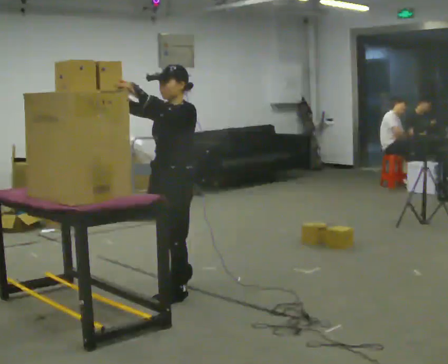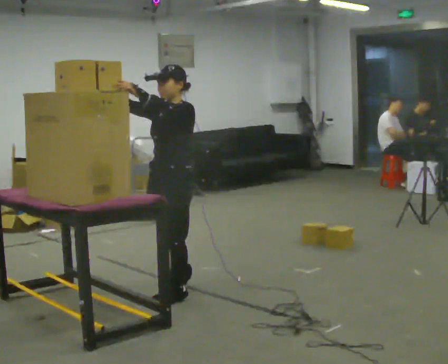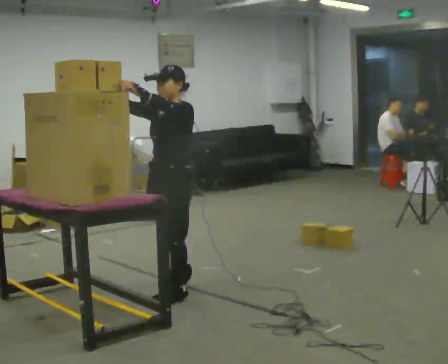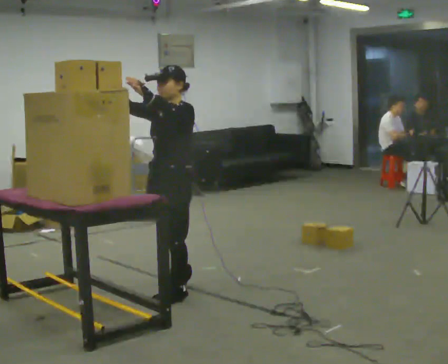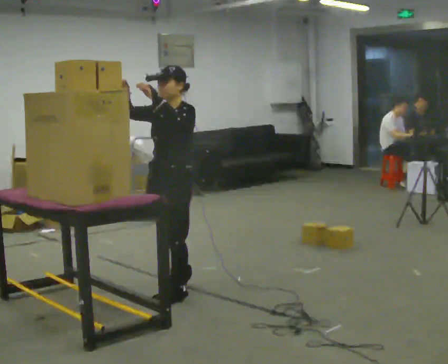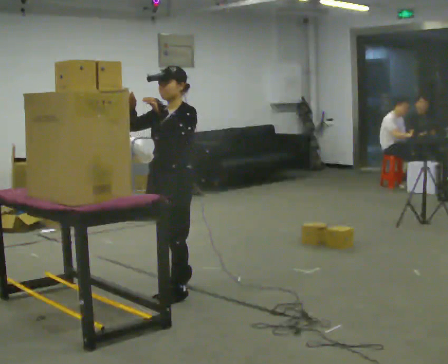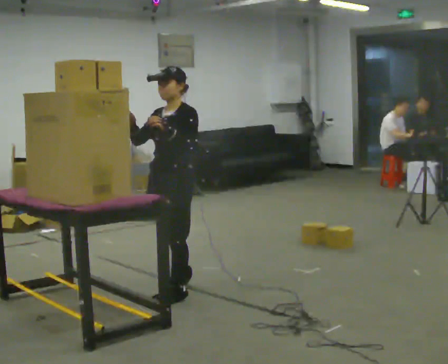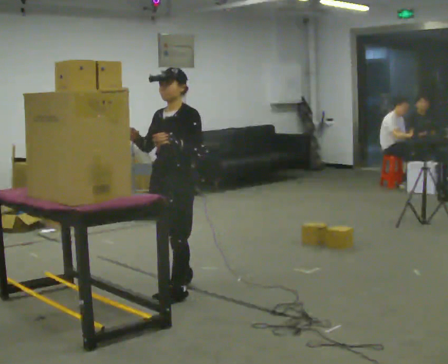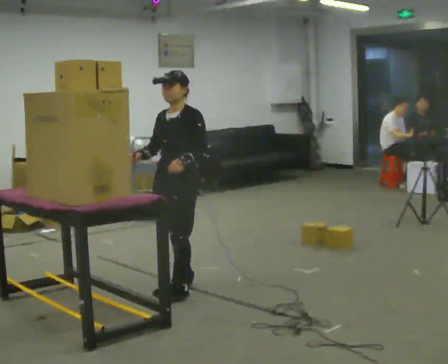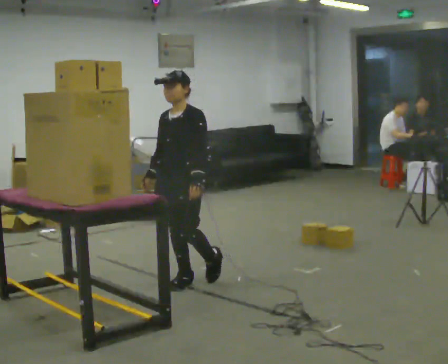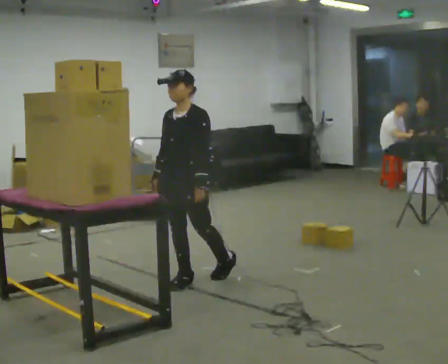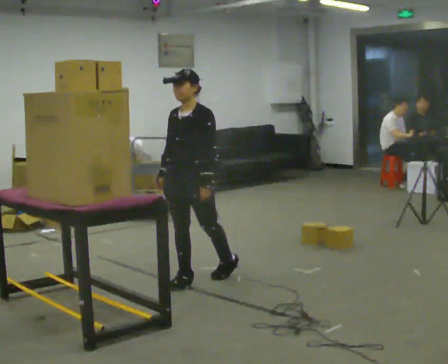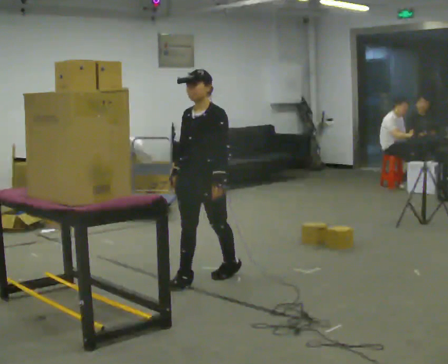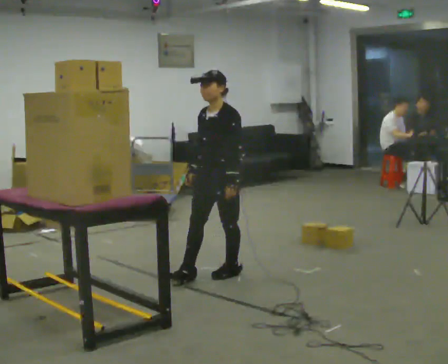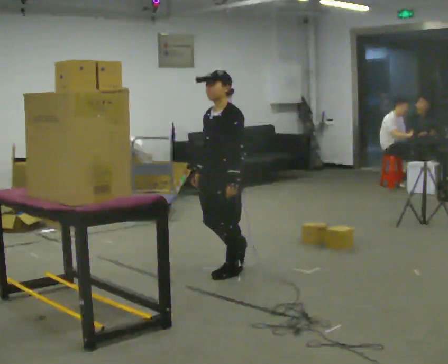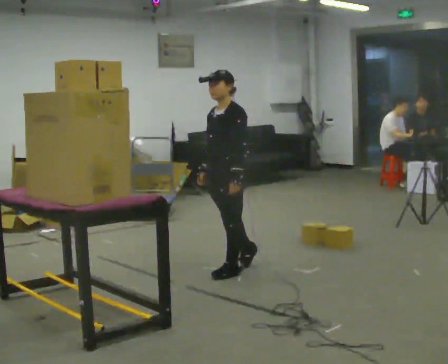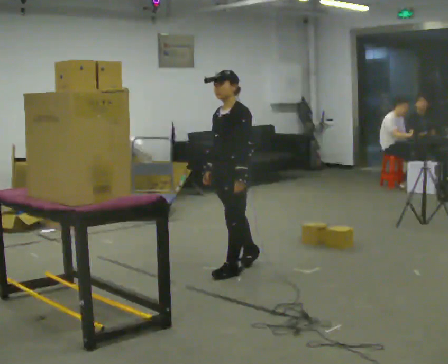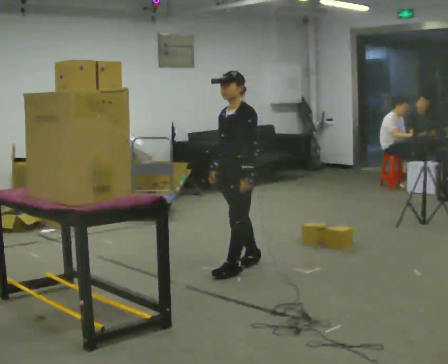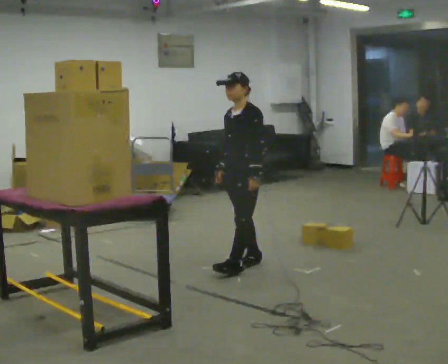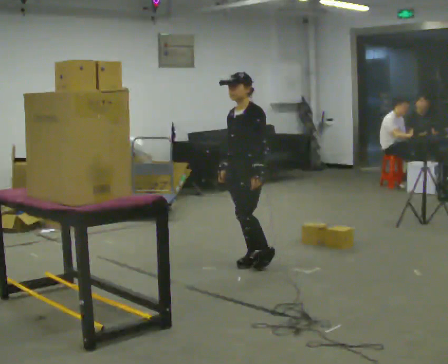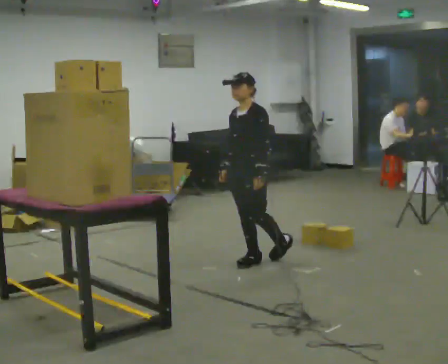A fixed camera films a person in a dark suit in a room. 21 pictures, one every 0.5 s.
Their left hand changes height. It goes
downward.
Their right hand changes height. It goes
downward.
0.0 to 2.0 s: The person moves a little, or ends about where they began.
2.0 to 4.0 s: In the picture they go away from the camera, about 0.25 m, which for them is backward and to their right. In the picture their left hand goes downward.
4.0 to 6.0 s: In the picture they go to the right and away from the camera, about 0.25 m in 1 step, which for them is backward.
6.0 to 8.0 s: In the picture they go to the right and away from the camera, about 0.25 m in 1 step, which for them is backward.
8.0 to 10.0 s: In the picture they go away from the camera, about 0.25 m in 1 step, which for them is backward.
The film runs backward here.
